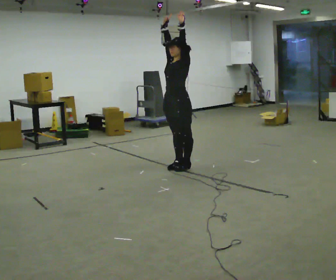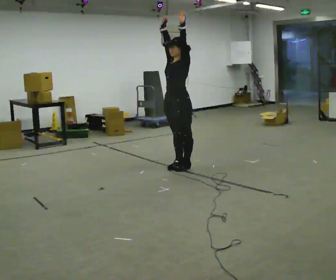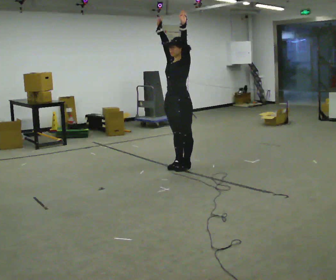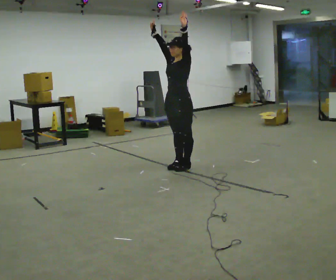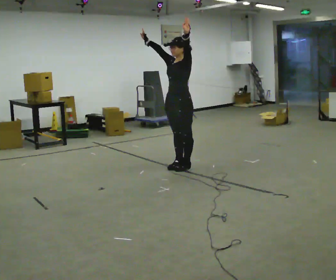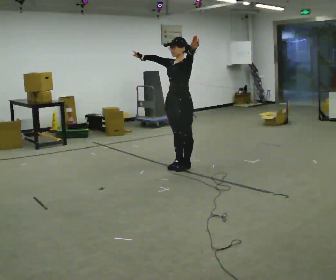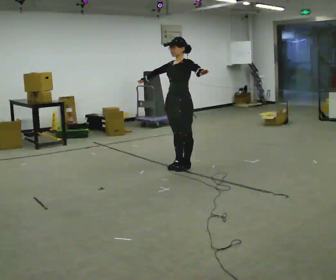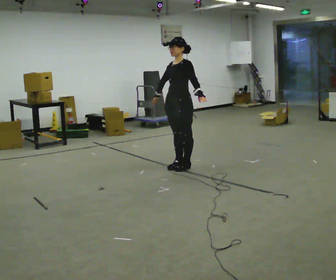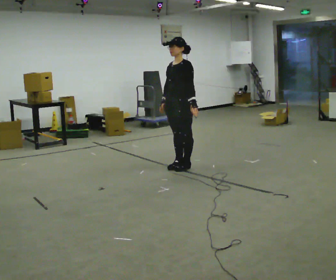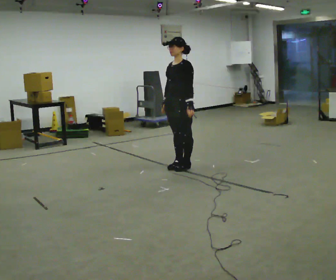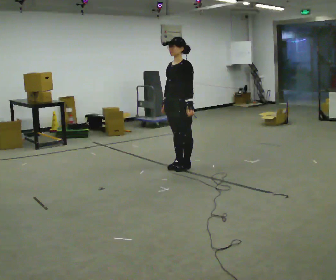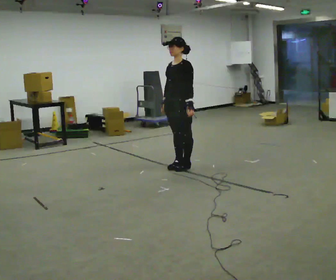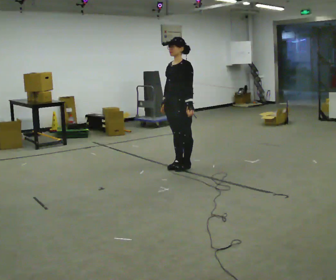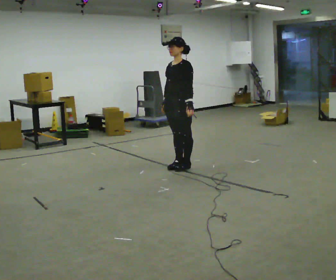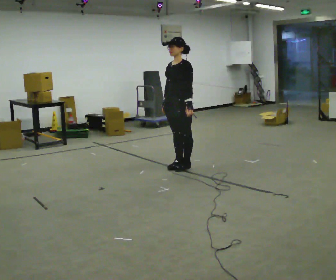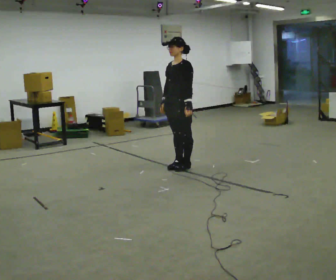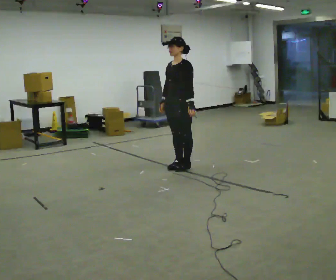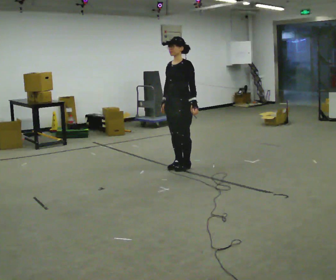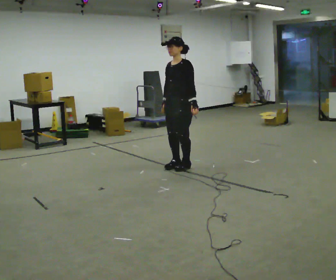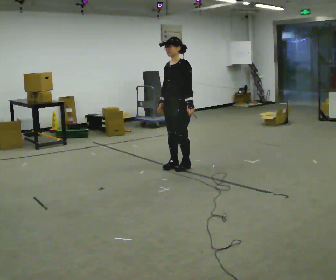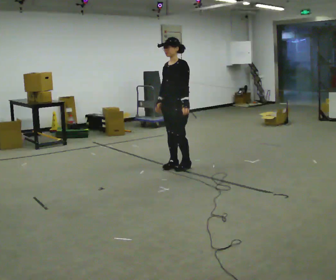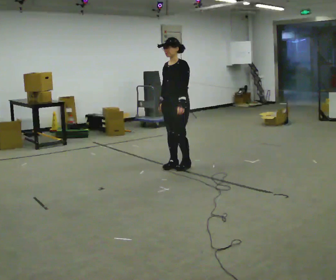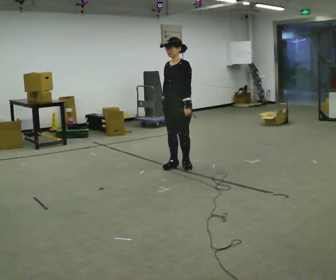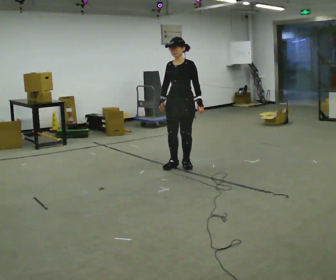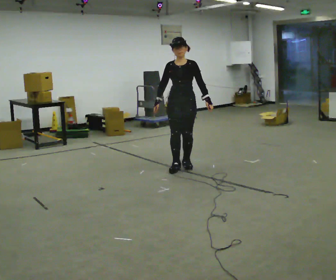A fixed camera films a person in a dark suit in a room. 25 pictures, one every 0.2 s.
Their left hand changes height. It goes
downward.
Their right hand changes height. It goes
downward.
0.0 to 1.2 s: In the picture their right hand goes downward, the arm swinging counterclockwise.
1.2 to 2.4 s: In the picture their left hand goes downward.
2.4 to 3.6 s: The person moves a little, or ends about where they began.
3.6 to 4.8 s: The person turns about 30 degrees to their left, counterclockwise seen from above, so the part of the body nearest the lens slides to the right.
The film runs backward here.
